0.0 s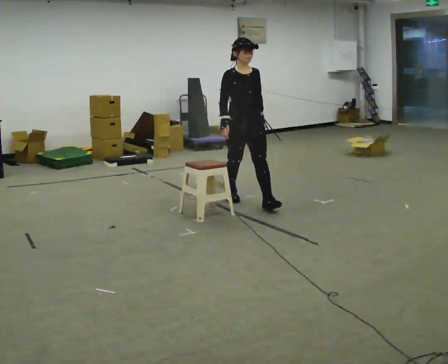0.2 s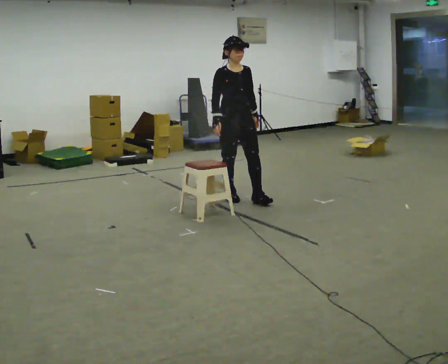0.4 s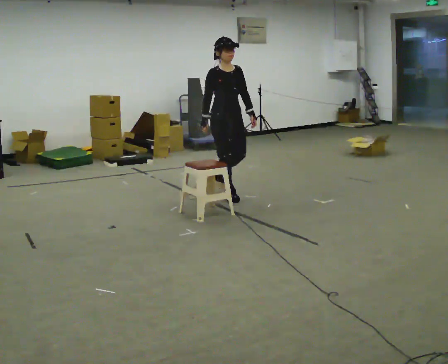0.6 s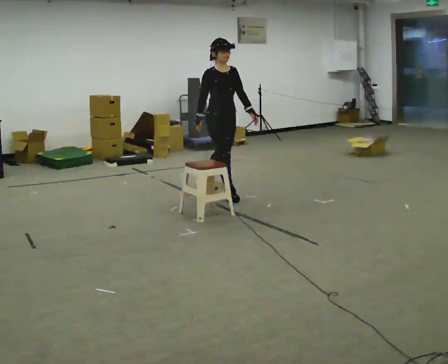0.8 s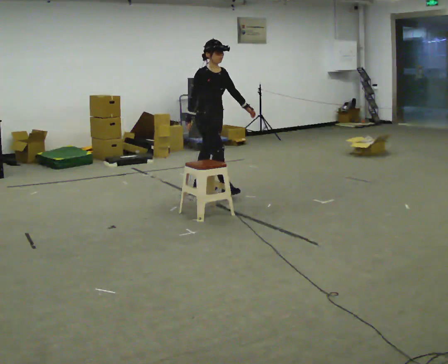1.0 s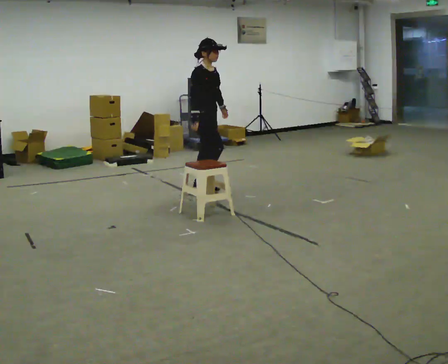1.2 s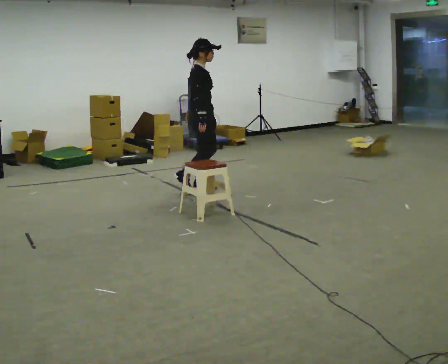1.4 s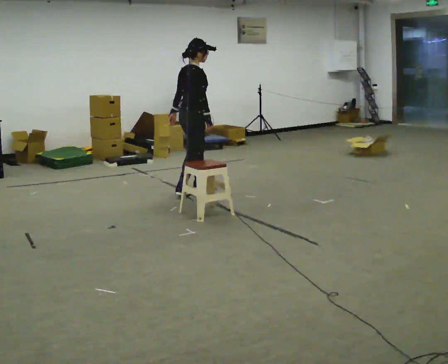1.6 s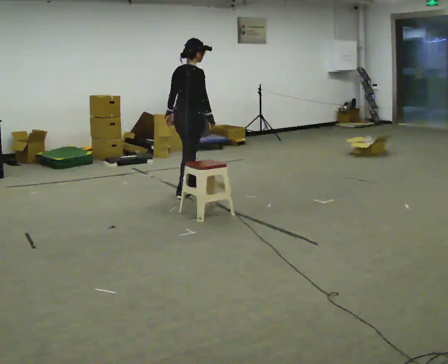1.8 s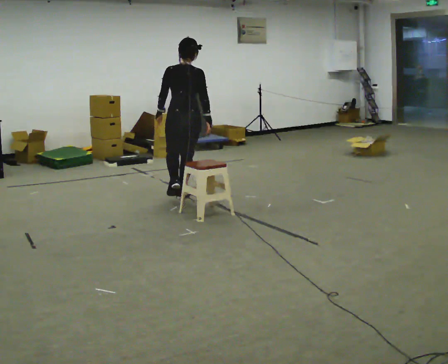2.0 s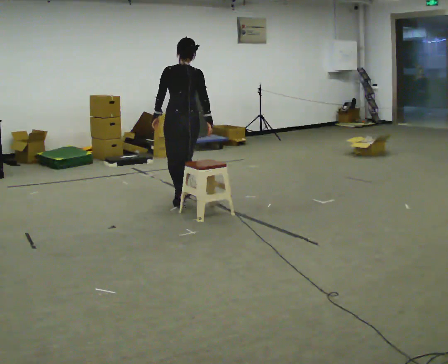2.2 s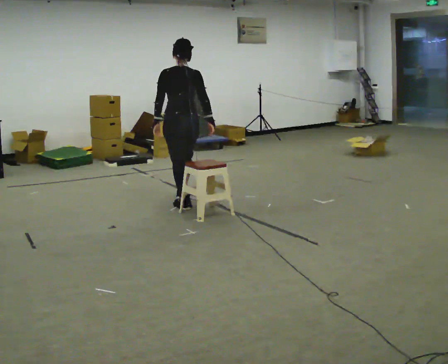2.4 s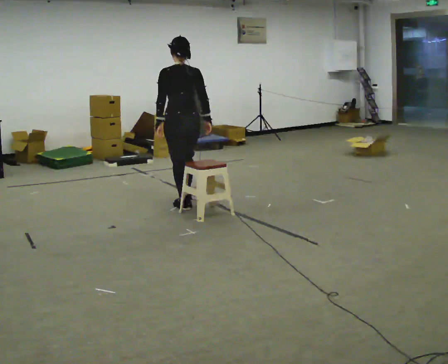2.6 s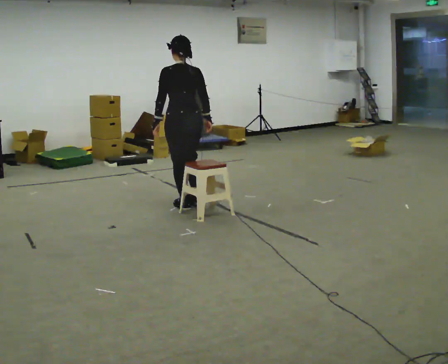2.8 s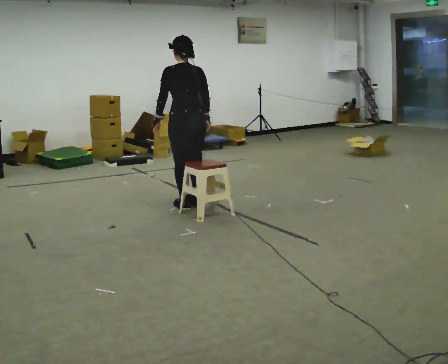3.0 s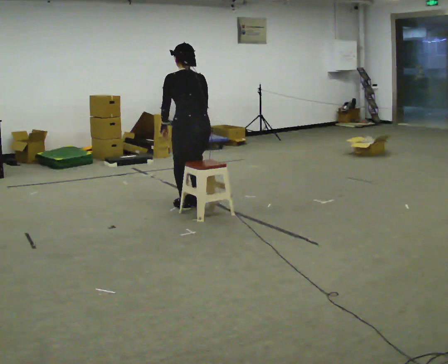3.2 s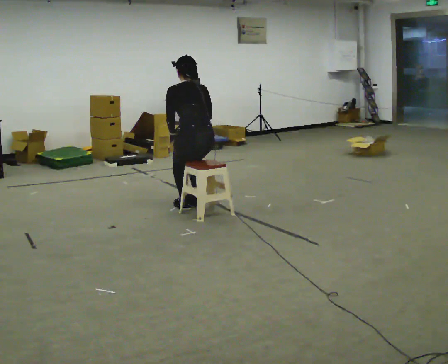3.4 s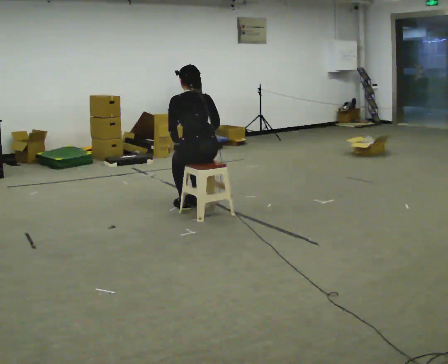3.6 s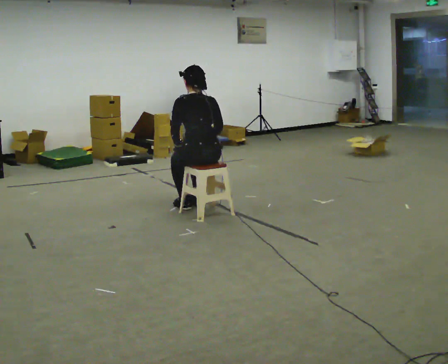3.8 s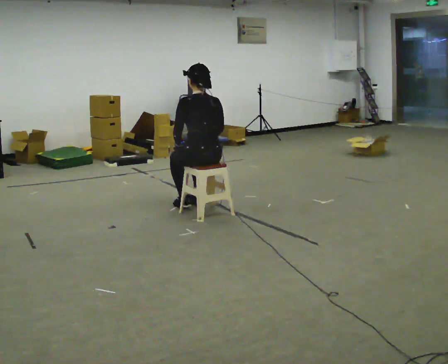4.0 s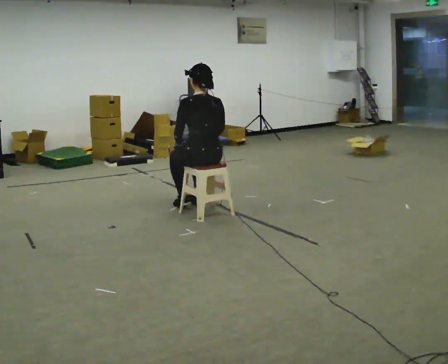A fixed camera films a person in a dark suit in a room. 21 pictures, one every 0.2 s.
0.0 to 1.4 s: The person turns about 90 degrees to their left, counterclockwise seen from above, so the part of the body nearest the lens slides to the right. In the picture they go to the left and away from the camera, about 0.75 m in 1 step.
1.4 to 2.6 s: The person turns about 90 degrees to their left, counterclockwise seen from above, so the part of the body nearest the lens slides to the right. In the picture they go toward the camera, about 0.5 m in 2 steps.
2.6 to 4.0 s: In the picture they go toward the camera and to the right, about 0.25 m, which for them is backward. The upper body goes downward.
The film runs backward here.
